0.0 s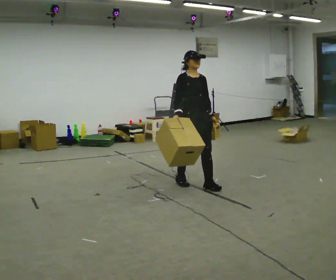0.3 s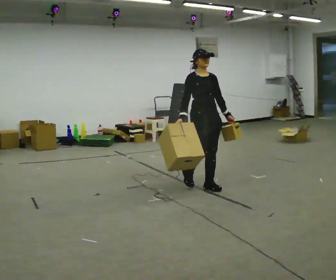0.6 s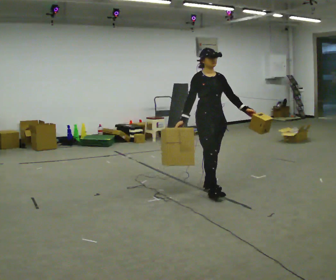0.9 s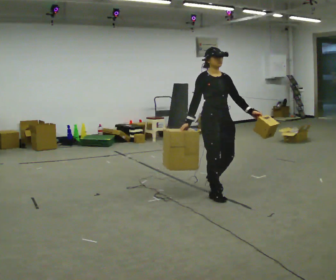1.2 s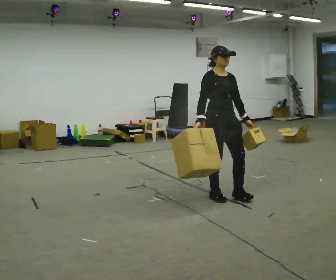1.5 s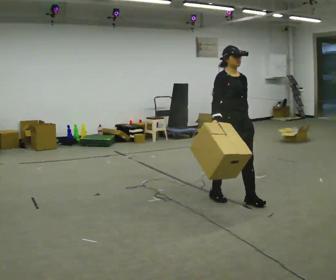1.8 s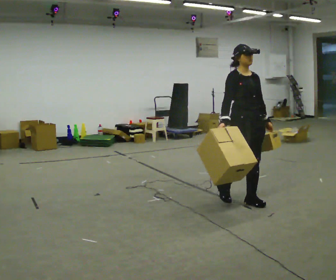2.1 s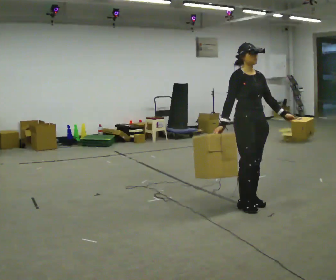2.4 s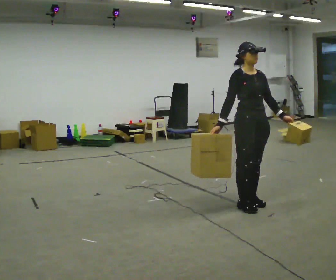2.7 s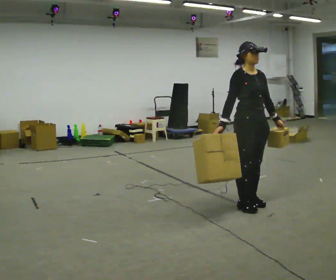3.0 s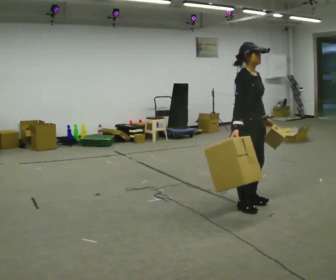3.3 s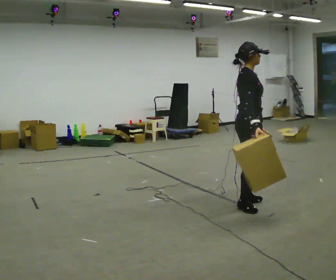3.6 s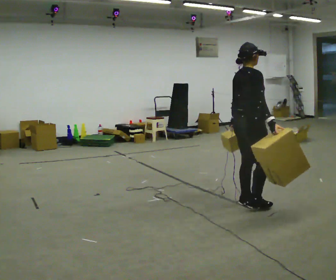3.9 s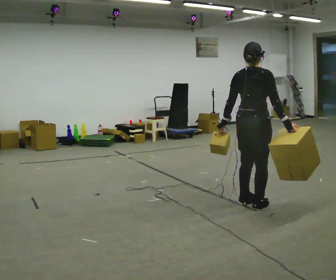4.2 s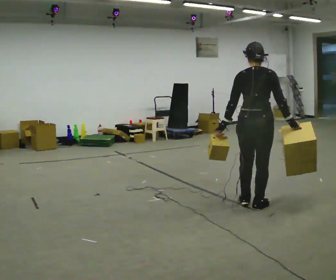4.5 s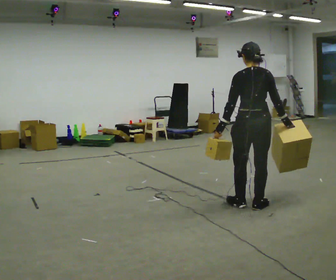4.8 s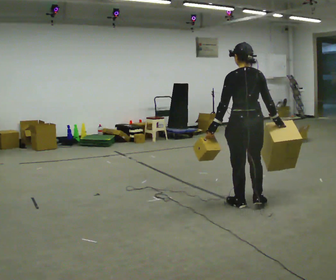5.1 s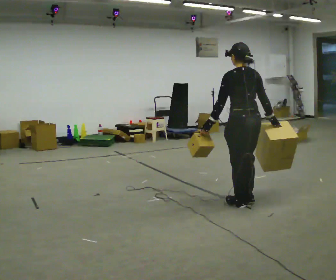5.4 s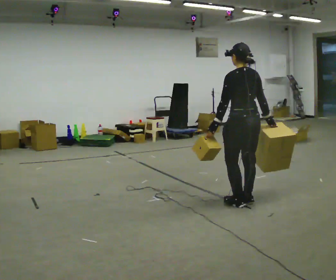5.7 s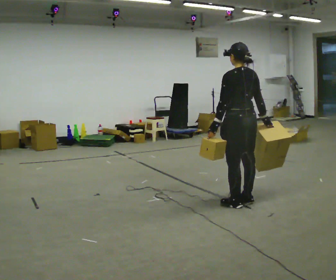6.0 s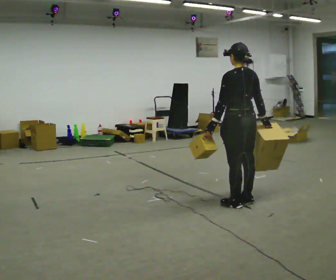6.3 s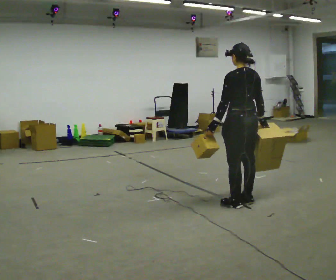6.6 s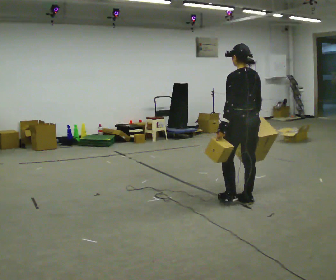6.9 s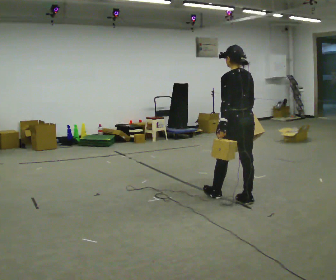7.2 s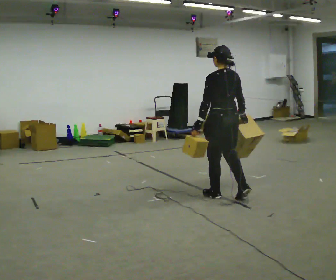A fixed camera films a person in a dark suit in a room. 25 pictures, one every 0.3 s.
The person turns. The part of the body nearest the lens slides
to the right.
The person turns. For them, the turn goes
to their left.
0.0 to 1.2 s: In the picture they go toward the camera and to the right, about 0.5 m in 1 step, which for them is forward.
1.2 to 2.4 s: In the picture they go to the right and toward the camera, about 0.5 m in 2 steps, which for them is forward.
2.4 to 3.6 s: Seen from above the body turns counterclockwise, about 75 degrees: to their left, with its near side sliding to the right. In the picture their left hand goes to the left, the arm swinging clockwise.
3.6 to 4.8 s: The person turns about 75 degrees to their left, counterclockwise seen from above, so the part of the body nearest the lens slides to the right.
4.8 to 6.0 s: The person moves a little, or ends about where they began.
6.0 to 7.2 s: In the picture they go away from the camera and to the left, about 0.25 m in 1 step, which for them is forward.
The film runs forward here.
